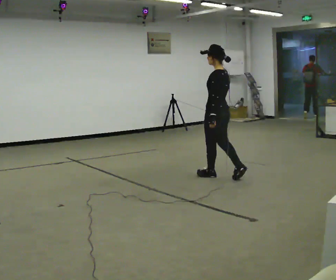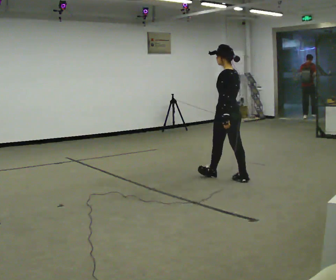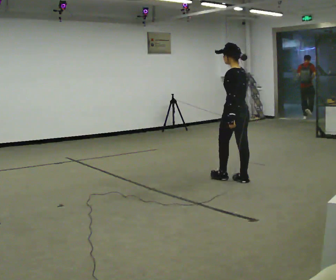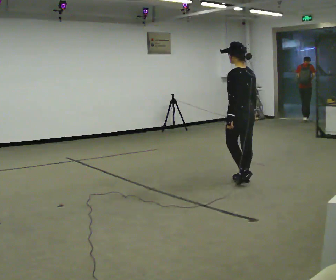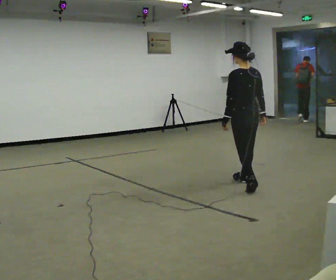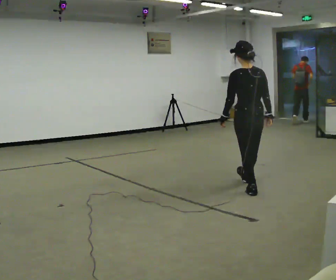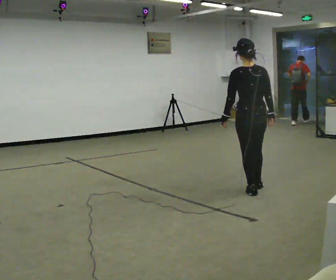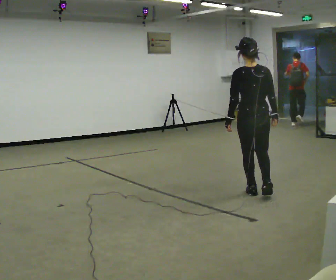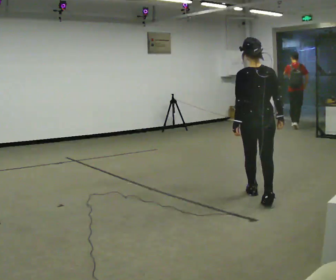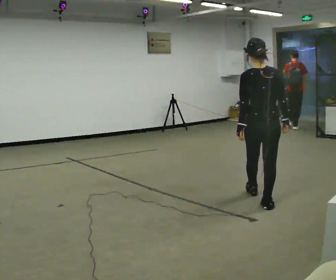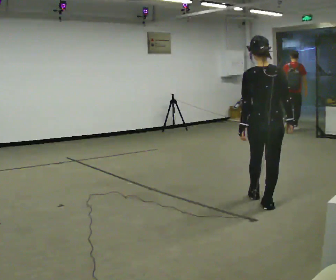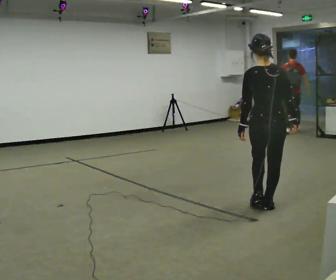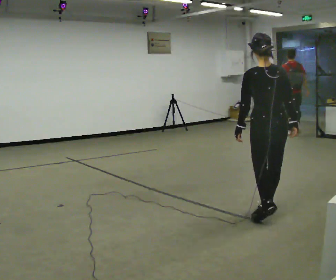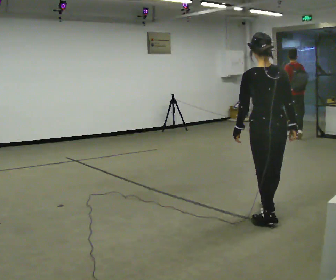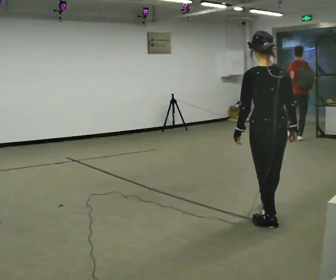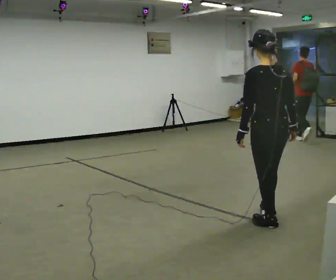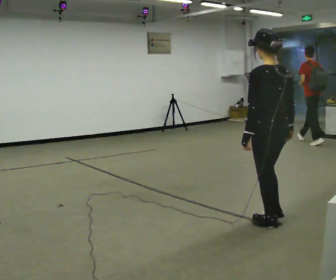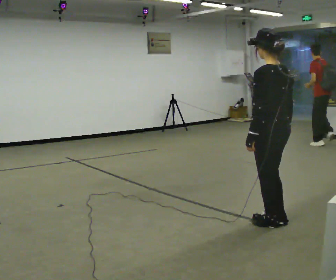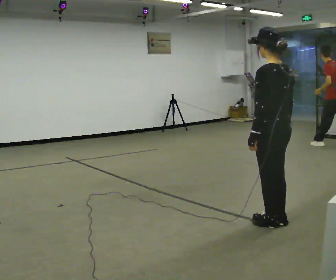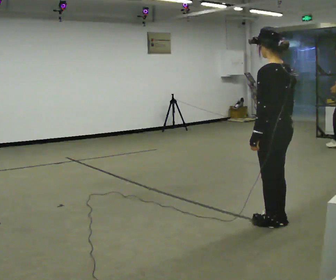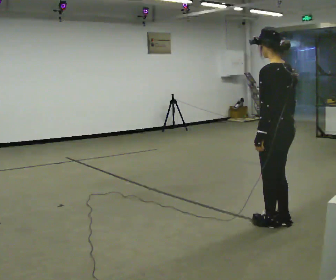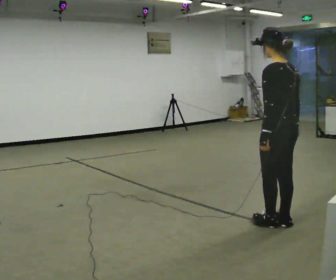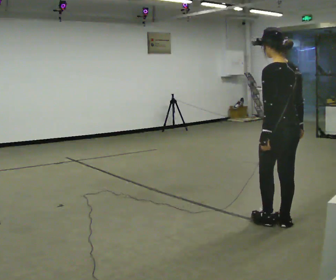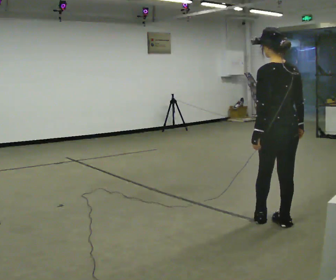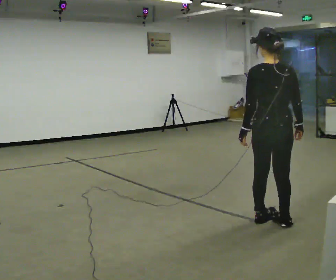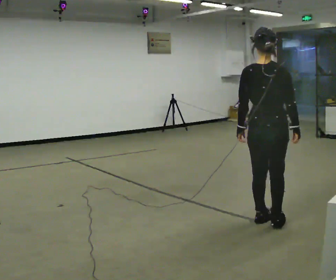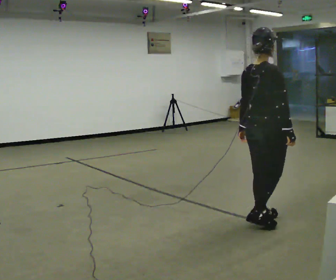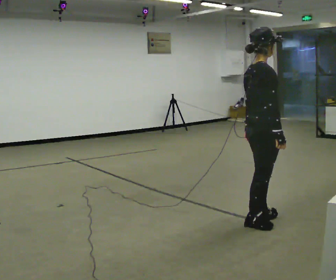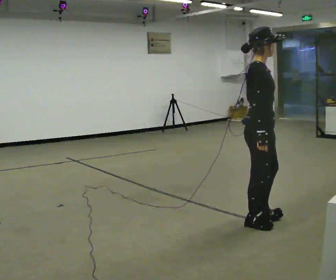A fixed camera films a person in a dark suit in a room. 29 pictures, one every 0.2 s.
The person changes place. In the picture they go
toward the camera.
The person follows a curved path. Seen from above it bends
clockwise.
0.0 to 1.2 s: The part of the body nearest the lens slides to the left as the person turns to their right by about 45 degrees. In the picture they go toward the camera and to the right, about 0.5 m in 2 steps, which for them is backward.
1.2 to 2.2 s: In the picture they go toward the camera, about 0.5 m in 1 step, which for them is backward.
2.2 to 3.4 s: The part of the body nearest the lens slides to the right as the person turns to their left by about 30 degrees. In the picture they go toward the camera, about 0.5 m in 1 step, which for them is backward.
3.4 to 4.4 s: The person moves a little, or ends about where they began.
4.4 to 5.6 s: Seen from above the body turns clockwise, about 135 degrees: to their right, with its near side sliding to the left. In the picture they go to the left, about 0.25 m in 1 step. In the picture their right hand goes to the left.
The film runs backward here.
